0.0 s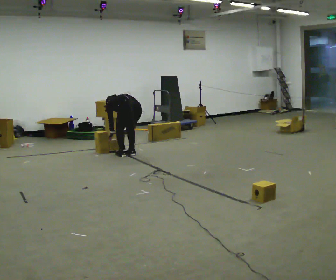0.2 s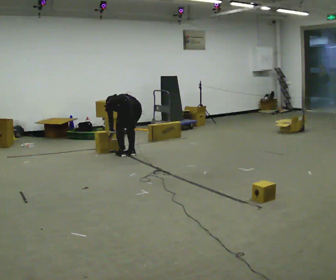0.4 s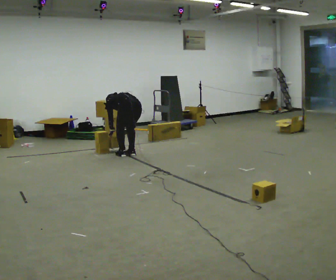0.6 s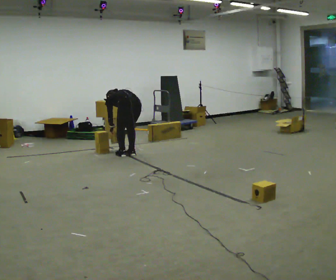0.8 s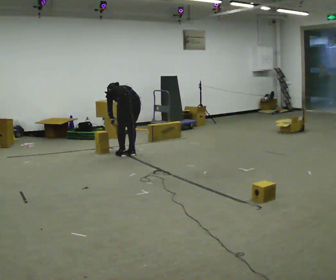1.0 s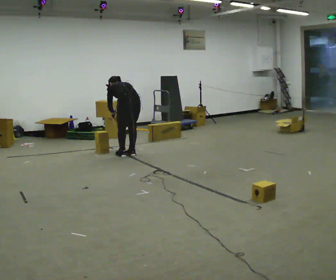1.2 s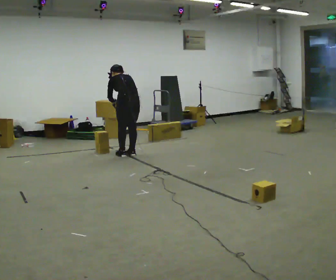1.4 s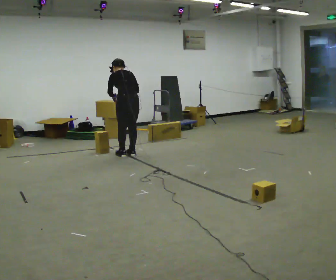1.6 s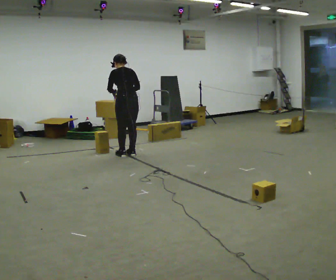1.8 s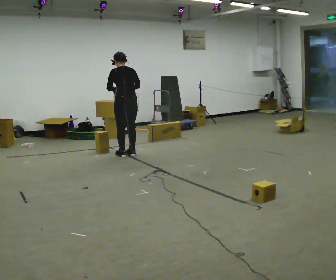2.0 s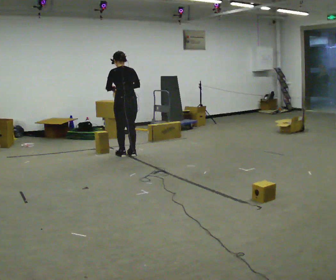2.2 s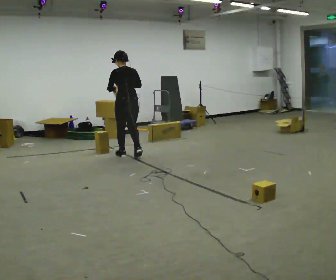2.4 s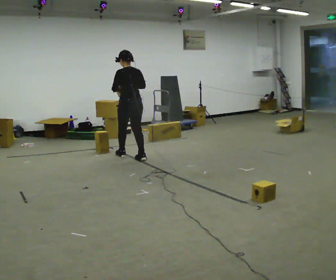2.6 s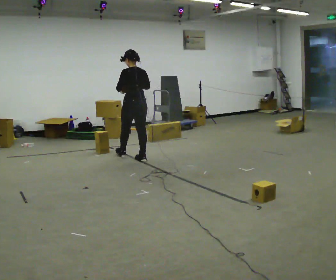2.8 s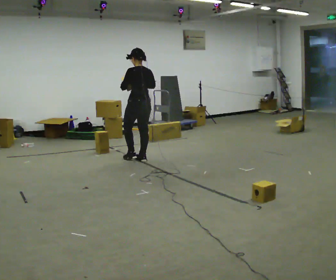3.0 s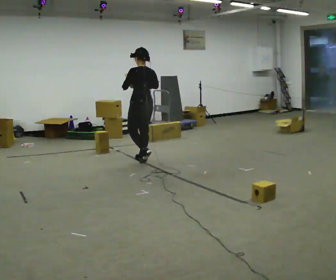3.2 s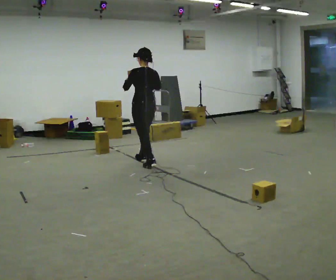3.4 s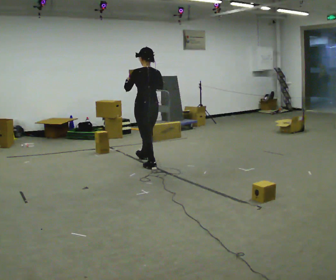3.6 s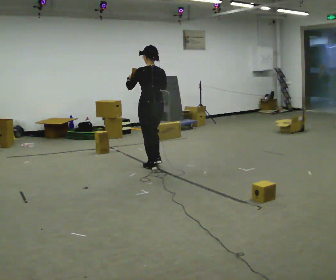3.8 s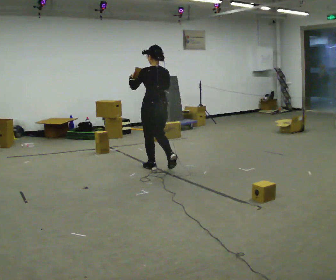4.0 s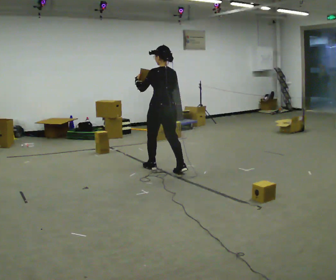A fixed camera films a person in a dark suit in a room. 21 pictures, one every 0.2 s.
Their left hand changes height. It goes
upward.
The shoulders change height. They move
upward.
0.0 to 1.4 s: The shoulders move upward. In the picture the upper body tilts clockwise, shoulders to the right, as they lean back or straighten. In the picture their right hand goes upward.
1.4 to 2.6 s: In the picture they go toward the camera, about 0.25 m in 1 step, which for them is backward. The upper body tips toward the camera, its near side rolling downward, as they lean back or straighten.
2.6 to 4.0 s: In the picture they go toward the camera and to the right, about 0.5 m in 2 steps, which for them is backward.
The film runs backward here.
